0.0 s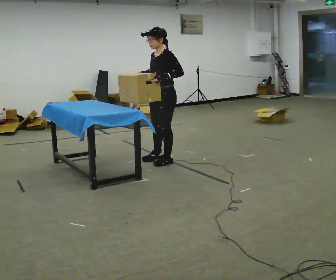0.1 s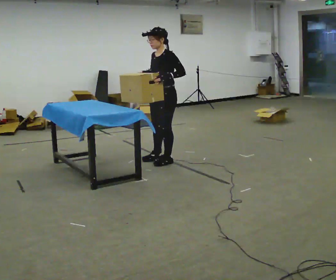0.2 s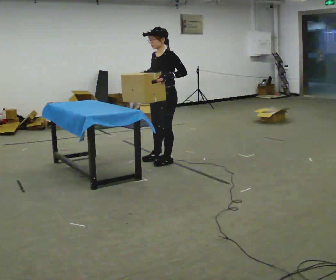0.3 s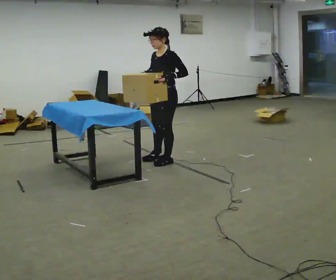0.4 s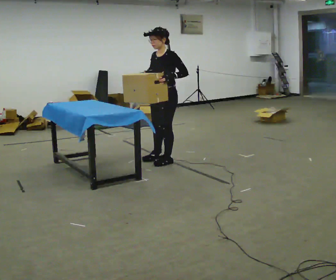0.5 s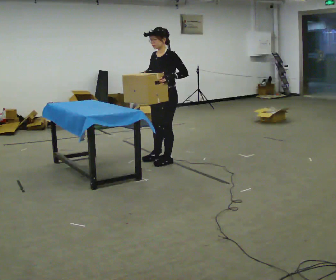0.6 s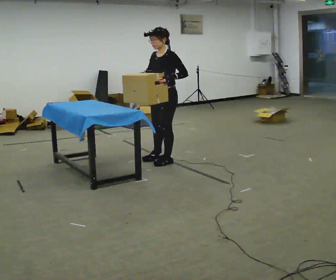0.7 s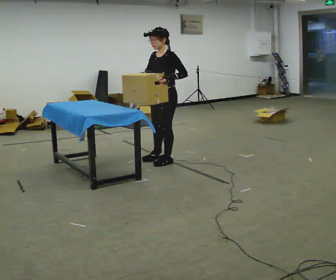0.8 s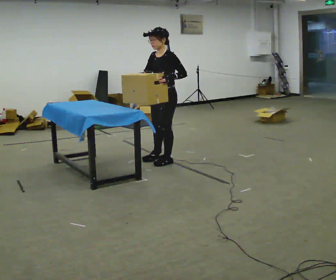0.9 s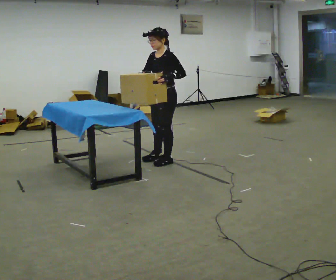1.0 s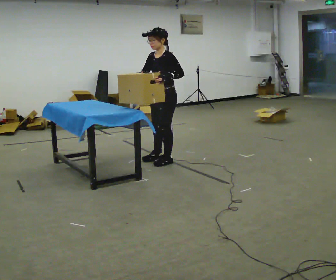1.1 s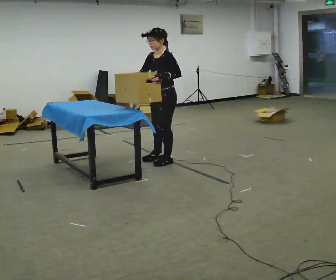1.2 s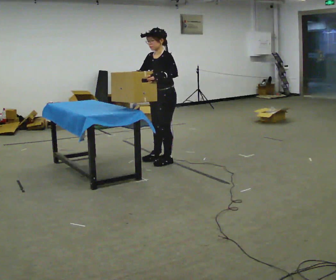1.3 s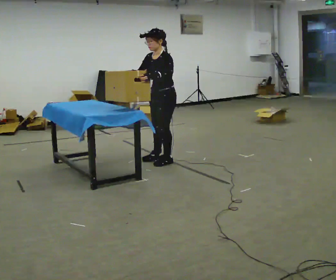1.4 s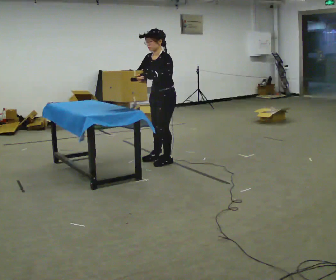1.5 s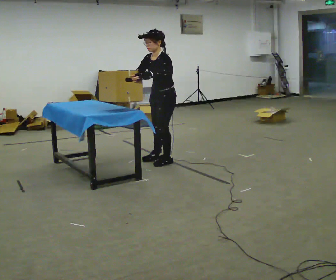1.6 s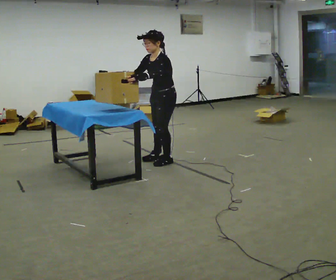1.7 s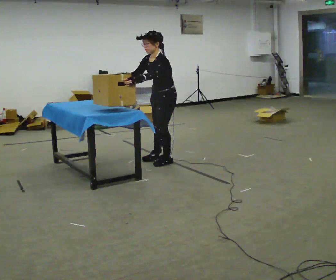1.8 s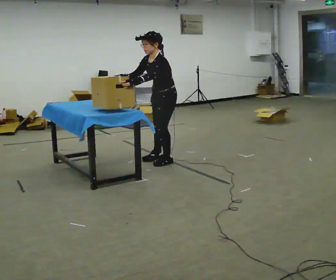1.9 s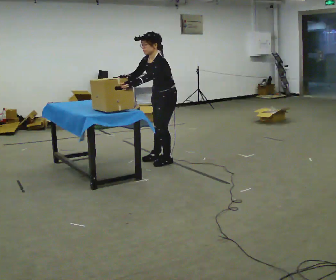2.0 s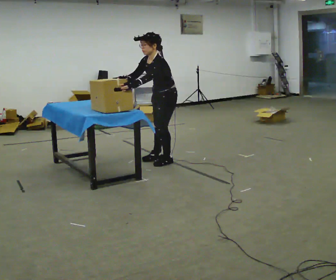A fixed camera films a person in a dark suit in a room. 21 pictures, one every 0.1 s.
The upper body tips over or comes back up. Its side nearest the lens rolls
downward.
0.0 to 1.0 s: The person moves a little, or ends about where they began.
1.0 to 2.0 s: In the picture the upper body tilts counterclockwise, shoulders to the left, as they bend forward. In the picture their left hand goes to the left.
The film runs forward here.
